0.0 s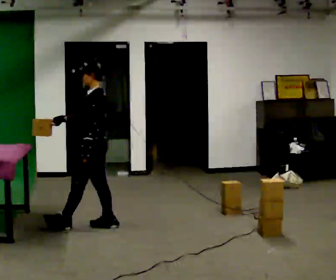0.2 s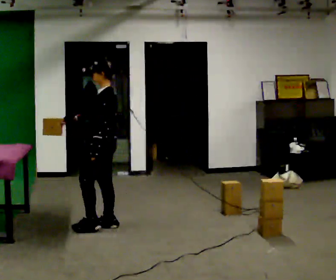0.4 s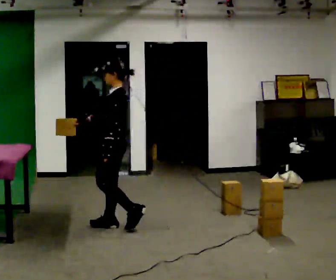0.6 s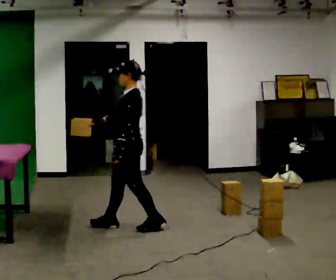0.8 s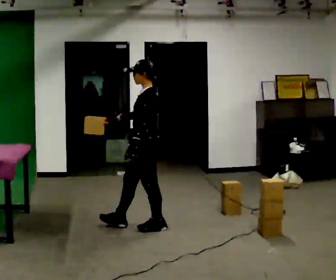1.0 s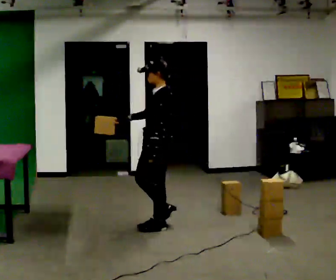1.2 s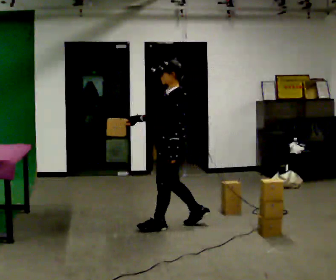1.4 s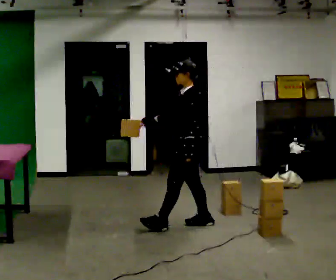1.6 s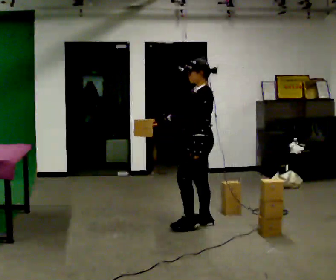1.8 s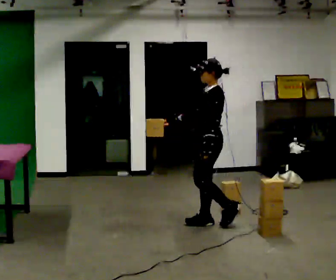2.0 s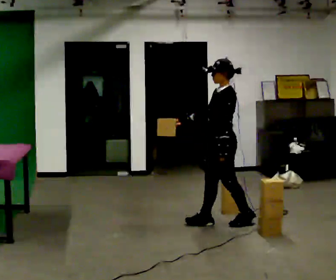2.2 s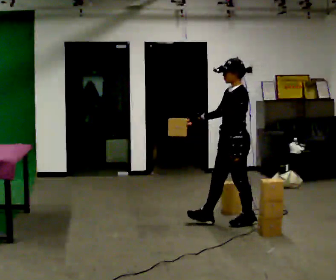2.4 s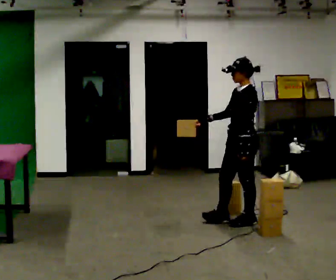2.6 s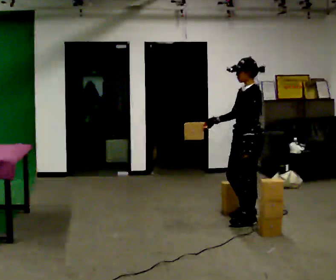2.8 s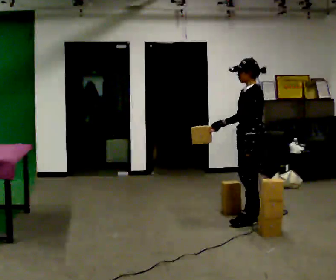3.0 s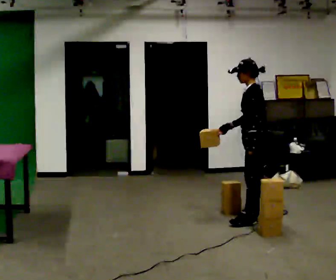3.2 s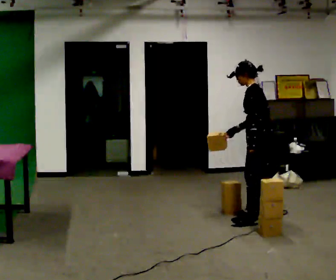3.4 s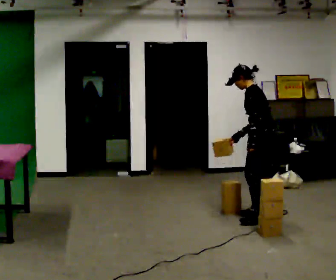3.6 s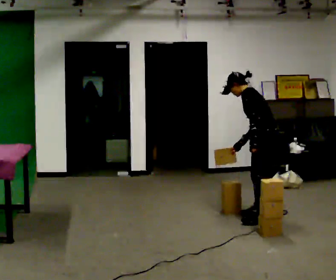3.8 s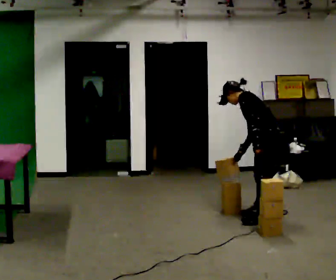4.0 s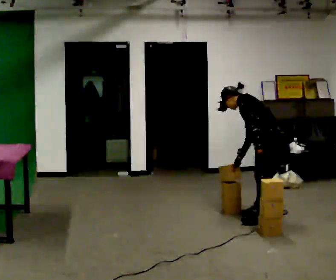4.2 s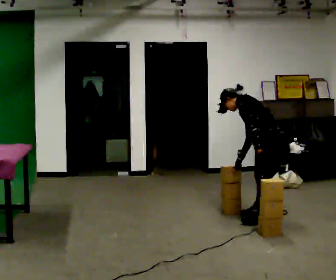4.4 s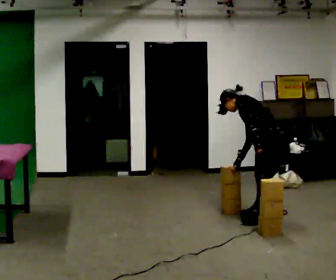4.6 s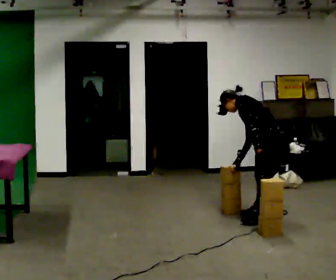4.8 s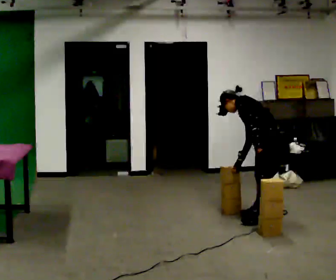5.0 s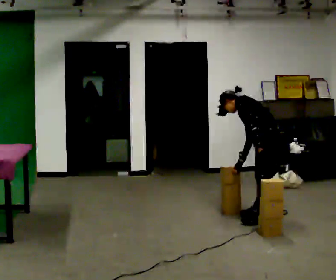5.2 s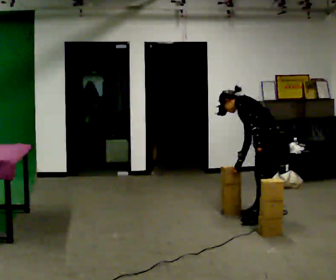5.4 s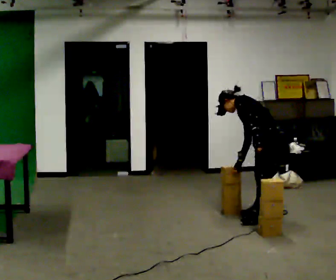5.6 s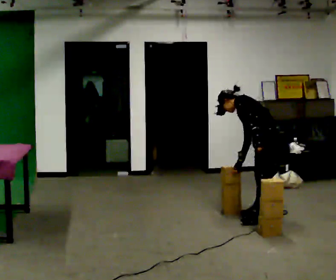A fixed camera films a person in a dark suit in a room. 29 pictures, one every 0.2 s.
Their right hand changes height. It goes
downward.
Their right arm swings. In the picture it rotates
counterclockwise.
0.0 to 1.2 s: In the picture they go to the right, about 0.5 m in 1 step, which for them is backward.
1.2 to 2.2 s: In the picture they go to the right, about 0.5 m in 1 step, which for them is backward.
2.2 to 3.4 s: In the picture they go away from the camera and to the right, about 0.25 m in 1 step, which for them is backward and to their right. In the picture the upper body tilts counterclockwise, shoulders to the left, as they bend forward.
3.4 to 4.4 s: In the picture the upper body tilts counterclockwise, shoulders to the left, as they bend forward.
4.4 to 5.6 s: The person moves a little, or ends about where they began.
The film runs backward here.
